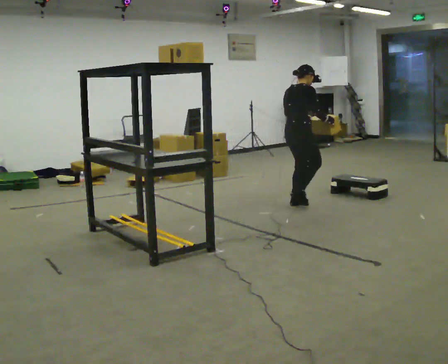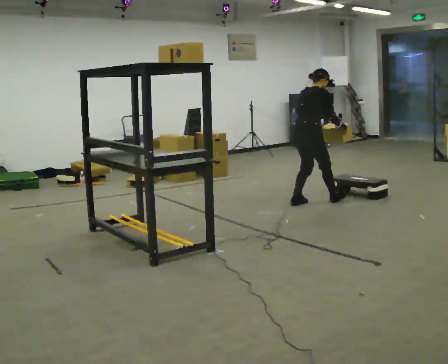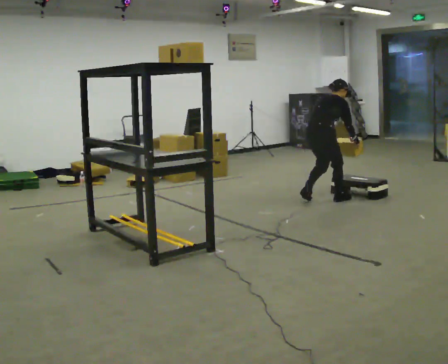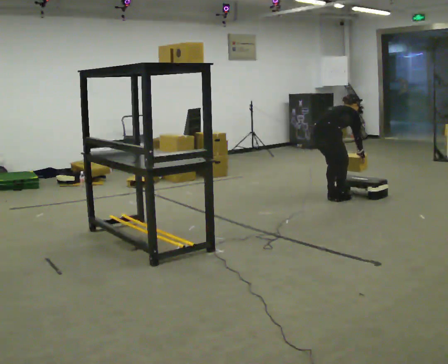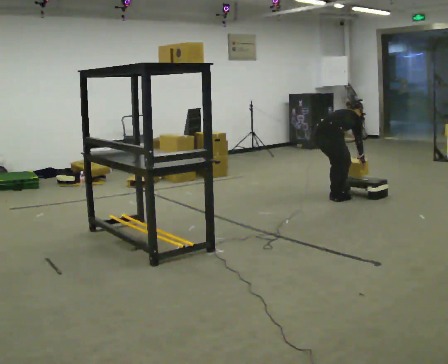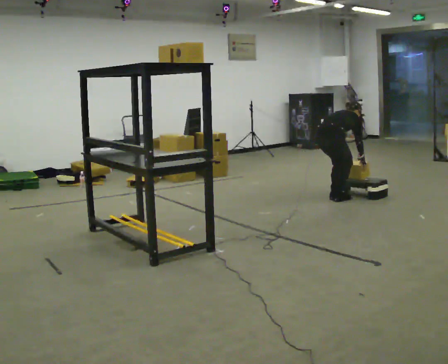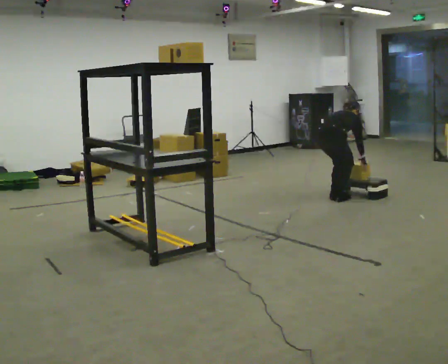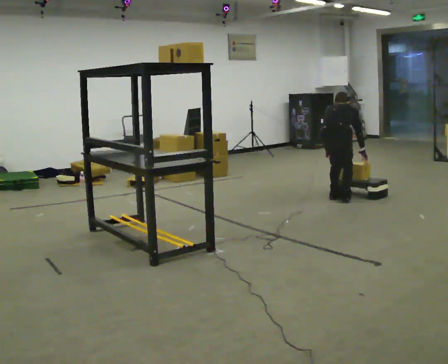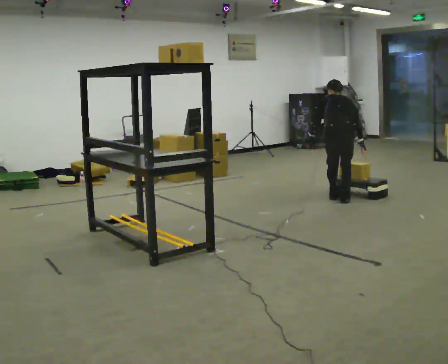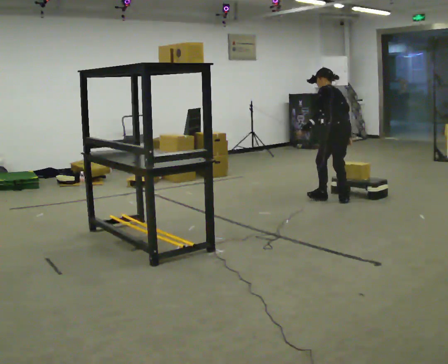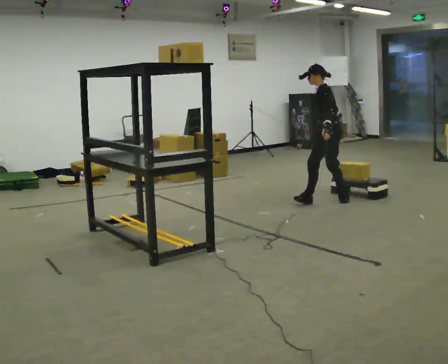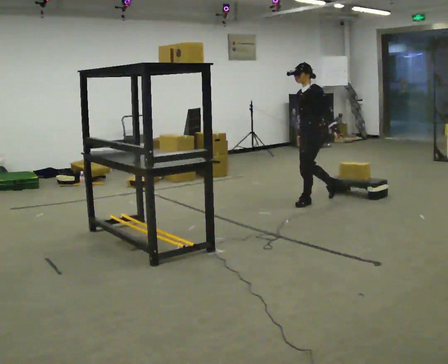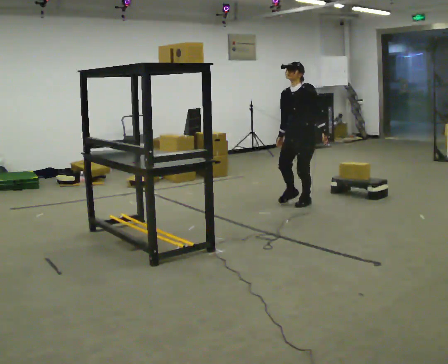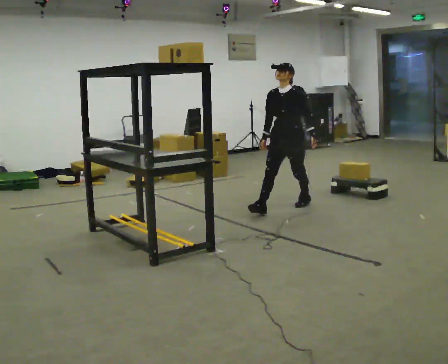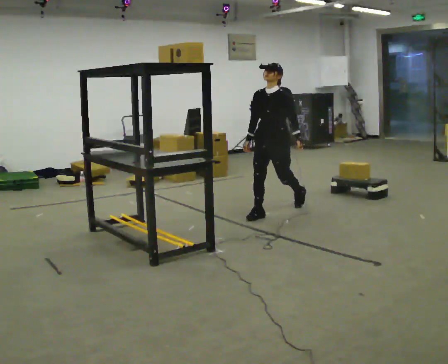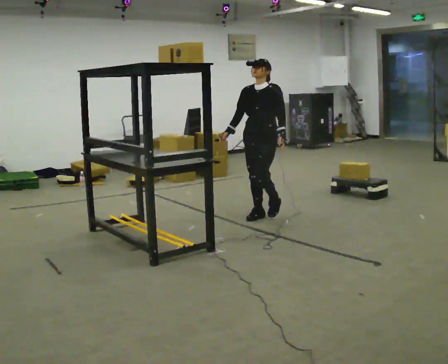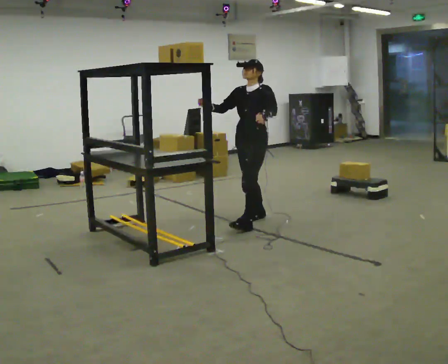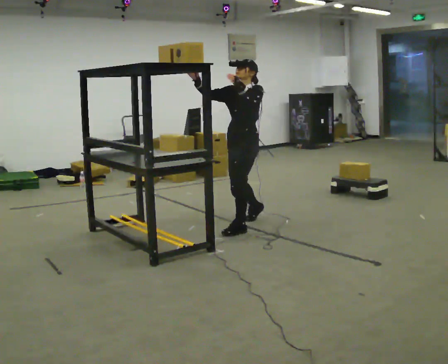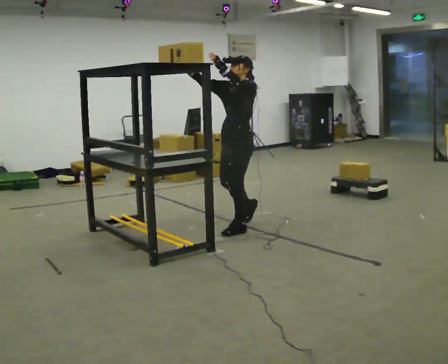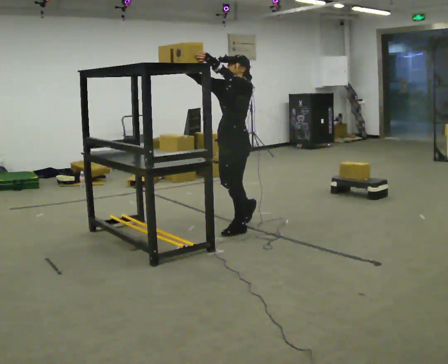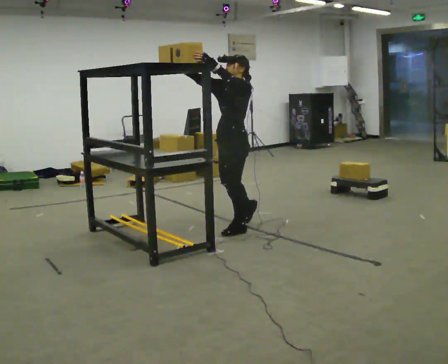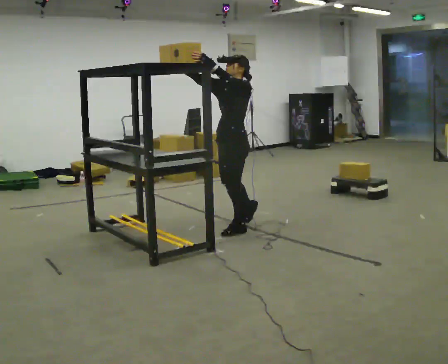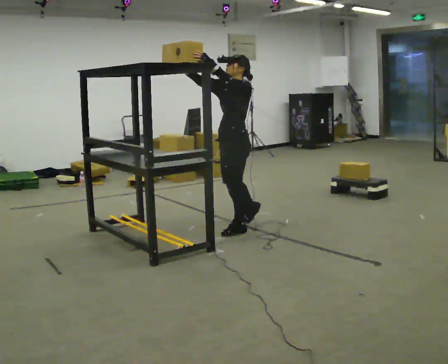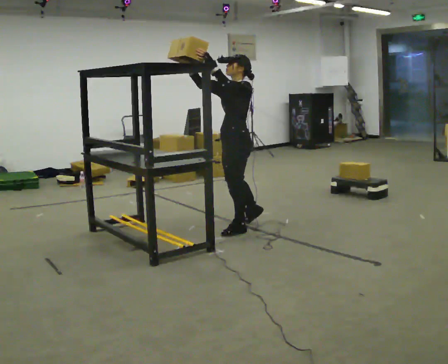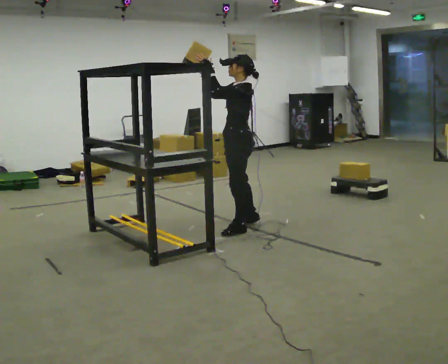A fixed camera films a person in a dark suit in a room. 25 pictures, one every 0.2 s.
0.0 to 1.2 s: In the picture they go to the right, about 0.5 m in 2 steps, which for them is forward and to their right. The upper body goes downward. The upper body tips away from the camera, its near side rolling upward, as they bend forward. In the picture their left hand goes downward.
1.2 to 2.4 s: Seen from above the body turns counterclockwise, about 180 degrees: to their left, with its near side sliding to the right. In the picture they go to the left and toward the camera, about 0.25 m in 1 step. The upper body goes upward. The upper body tips toward the camera, its near side rolling downward, as they lean back or straighten.
2.4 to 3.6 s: In the picture they go toward the camera and to the left, about 1 m in 3 steps, which for them is forward. In the picture their right hand goes upward, the arm swinging clockwise.
3.6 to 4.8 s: The person turns about 30 degrees to their right, clockwise seen from above, so the part of the body nearest the lens slides to the left.
The film runs forward here.
